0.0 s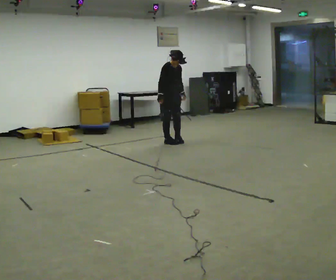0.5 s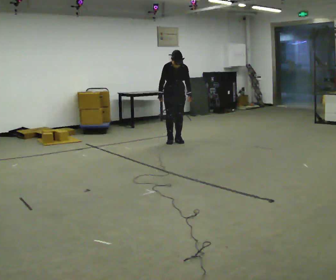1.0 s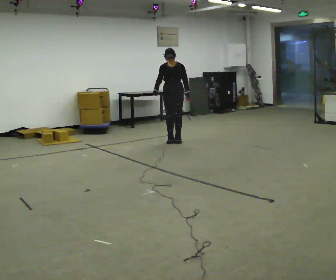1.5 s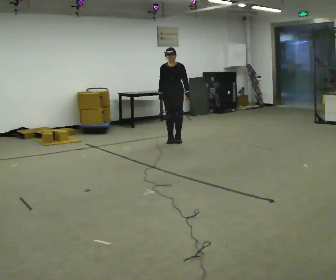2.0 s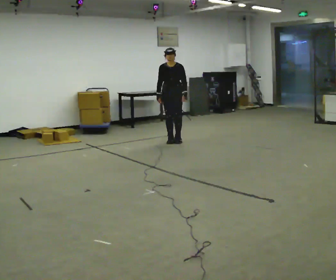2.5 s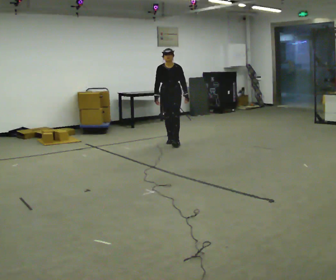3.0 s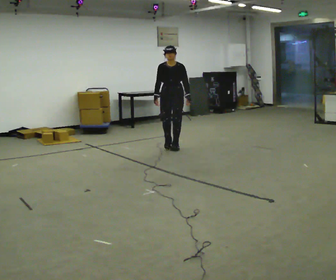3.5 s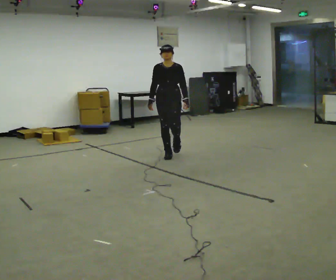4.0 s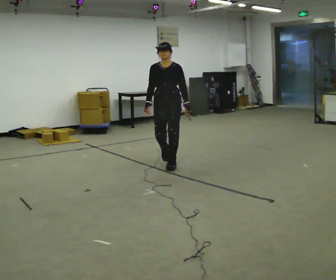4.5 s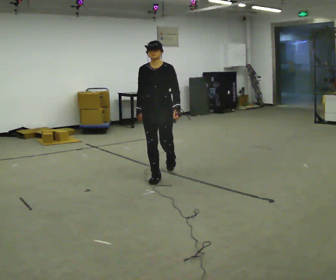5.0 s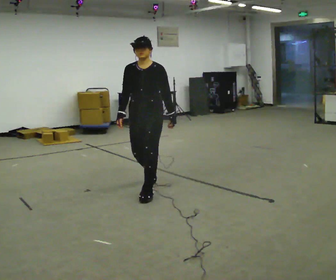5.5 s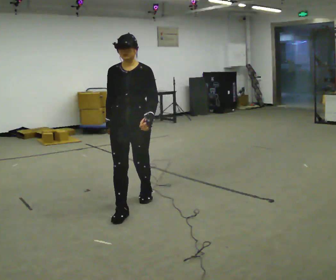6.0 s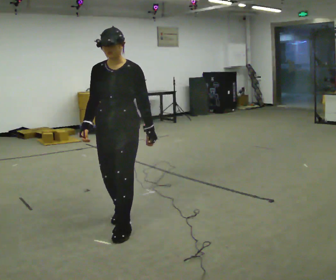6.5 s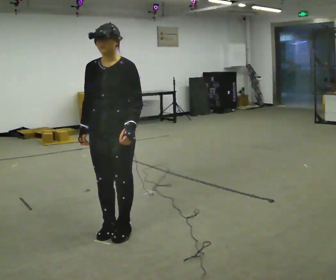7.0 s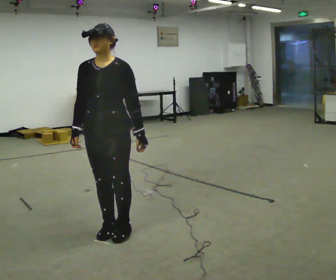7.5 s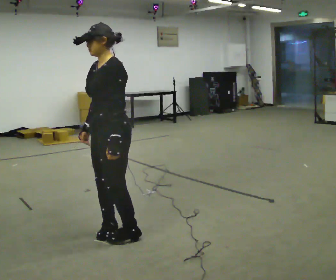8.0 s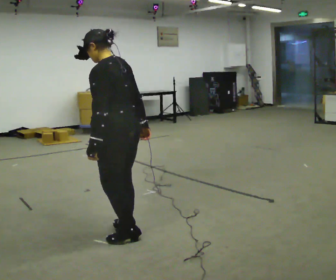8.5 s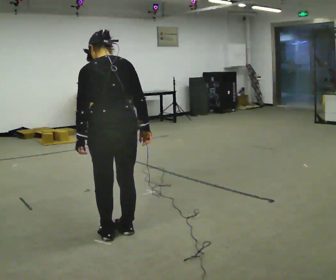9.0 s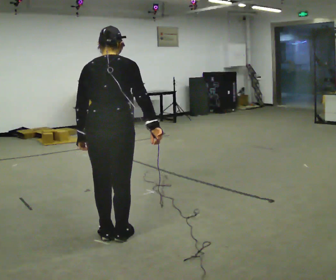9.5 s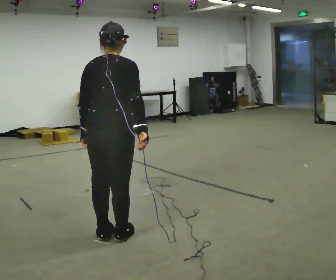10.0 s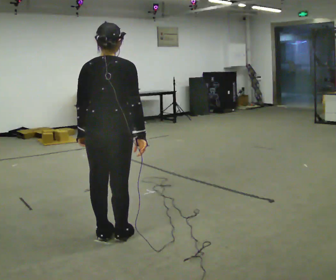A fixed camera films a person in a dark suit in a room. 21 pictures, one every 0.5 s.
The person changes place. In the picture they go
toward the camera.
0.0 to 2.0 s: The person turns about 45 degrees to their right, clockwise seen from above, so the part of the body nearest the lens slides to the left.
2.0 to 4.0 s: In the picture they go toward the camera, about 1.5 m in 3 steps, which for them is forward.
4.0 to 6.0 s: In the picture they go toward the camera, about 2 m in 4 steps, which for them is forward.
6.0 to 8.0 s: The part of the body nearest the lens slides to the left as the person turns to their right by about 105 degrees. In the picture they go toward the camera, about 0.25 m in 2 steps.
8.0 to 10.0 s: The person turns about 75 degrees to their right, clockwise seen from above, so the part of the body nearest the lens slides to the left.
The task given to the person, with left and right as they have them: Walk forward while moving diagonally left/right; finish ~45° from start direction.
The film runs forward here.
